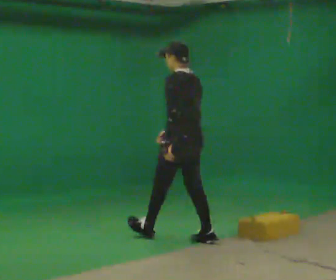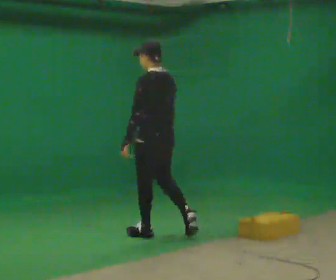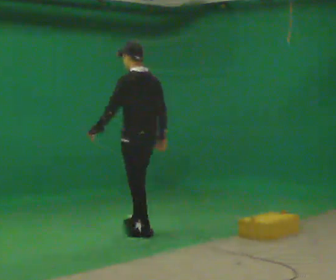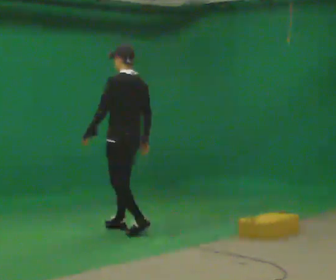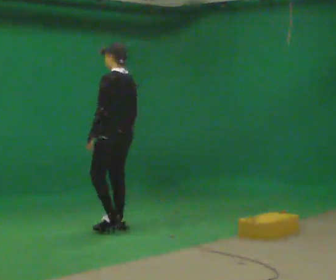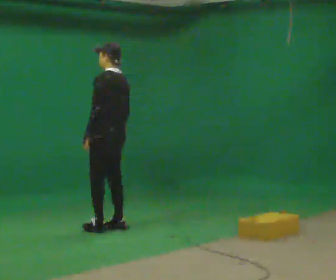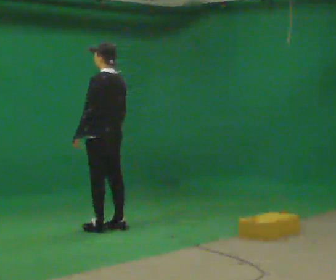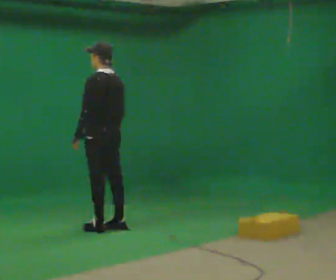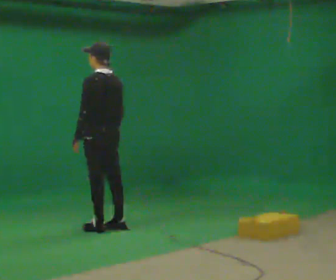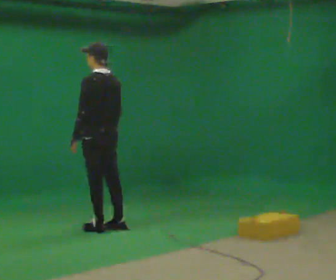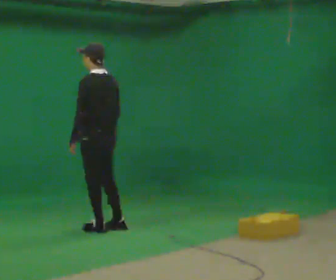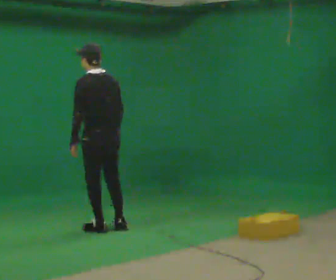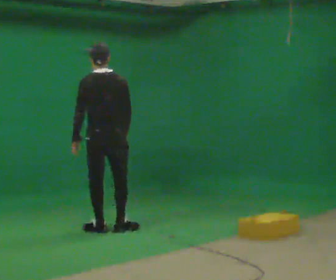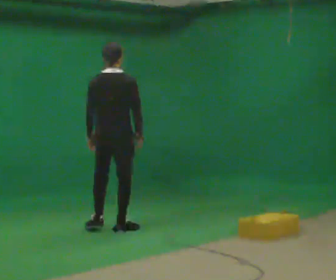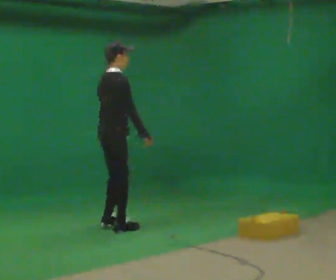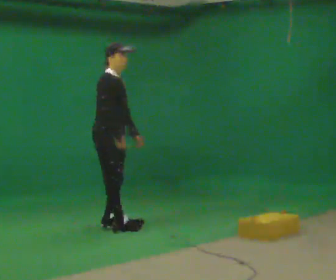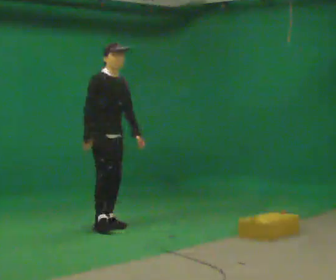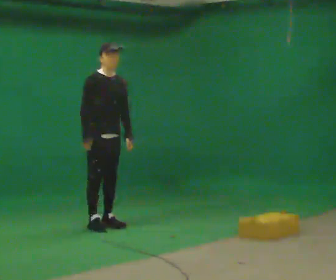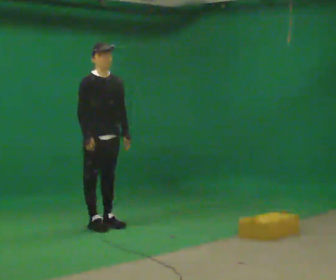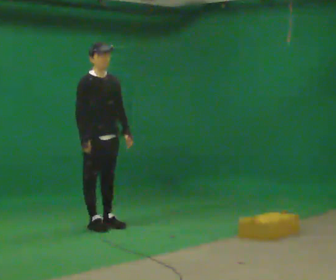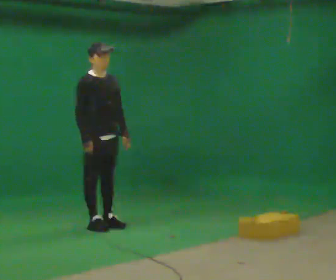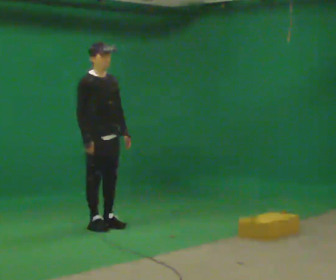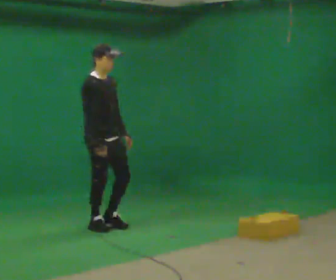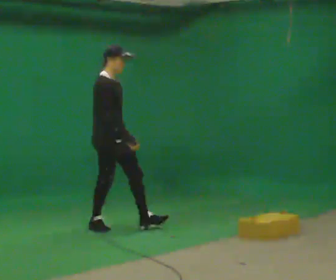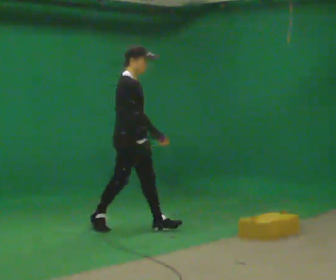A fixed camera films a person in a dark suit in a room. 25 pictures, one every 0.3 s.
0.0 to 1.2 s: In the picture they go to the left and away from the camera, about 1 m in 2 steps, which for them is forward.
1.2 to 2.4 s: The person moves a little, or ends about where they began.
2.4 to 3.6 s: The person turns about 45 degrees to their right, clockwise seen from above, so the part of the body nearest the lens slides to the left.
3.6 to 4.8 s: Seen from above the body turns clockwise, about 135 degrees: to their right, with its near side sliding to the left. In the picture they go away from the camera, about 0.25 m in 1 step. In the picture their left hand goes to the right, the arm swinging counterclockwise.
4.8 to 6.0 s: The person moves a little, or ends about where they began.
6.0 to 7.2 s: The person turns about 30 degrees to their left, counterclockwise seen from above, so the part of the body nearest the lens slides to the right. In the picture they go to the right, about 0.25 m in 1 step, which for them is forward.
The film runs forward here.
